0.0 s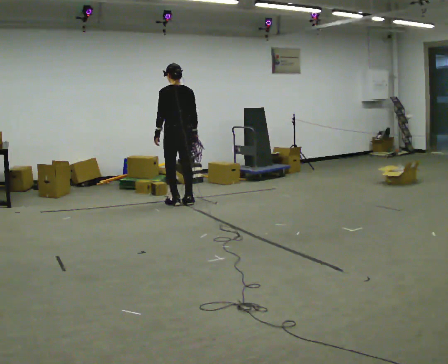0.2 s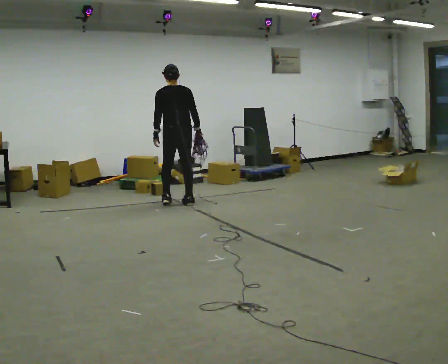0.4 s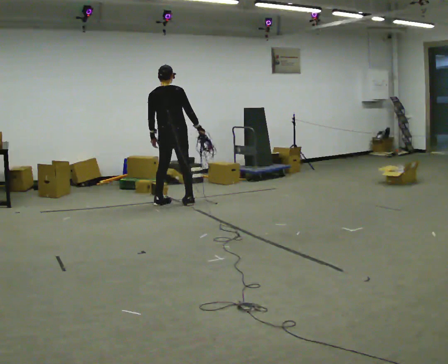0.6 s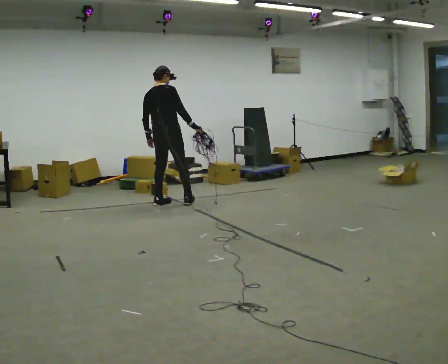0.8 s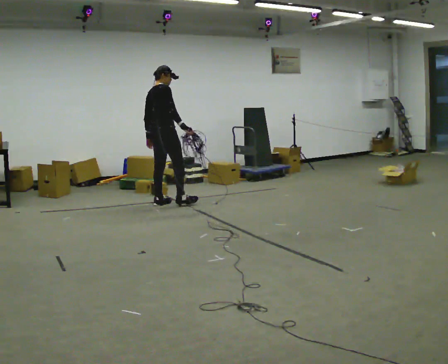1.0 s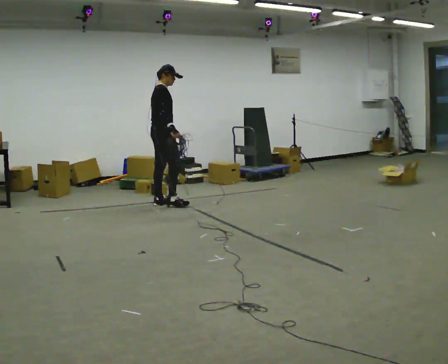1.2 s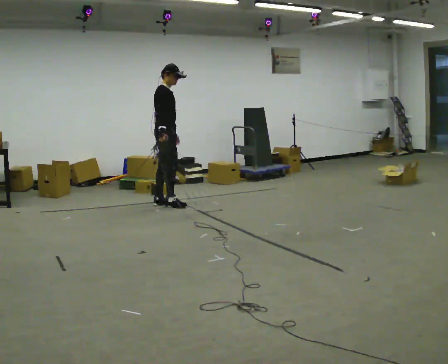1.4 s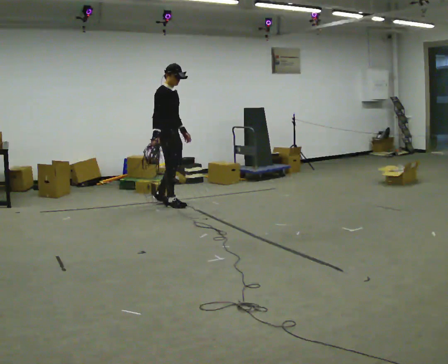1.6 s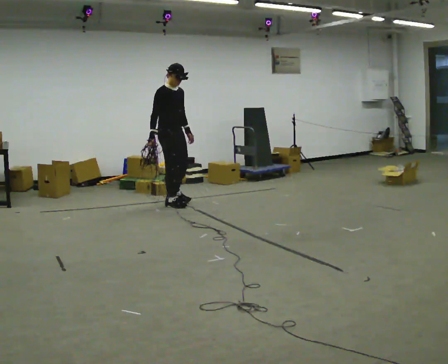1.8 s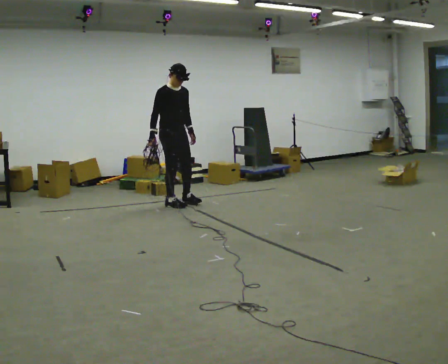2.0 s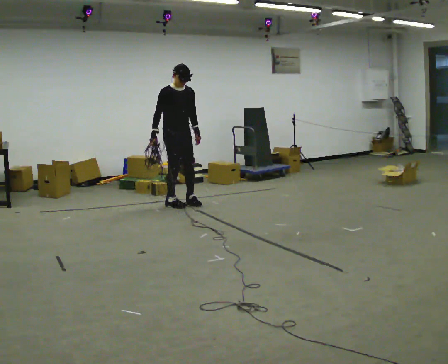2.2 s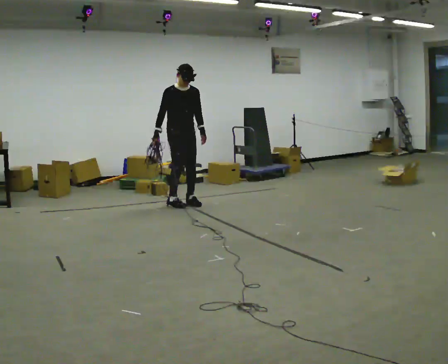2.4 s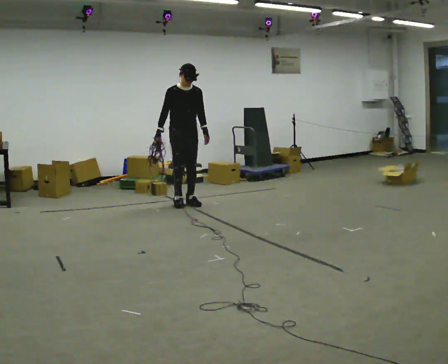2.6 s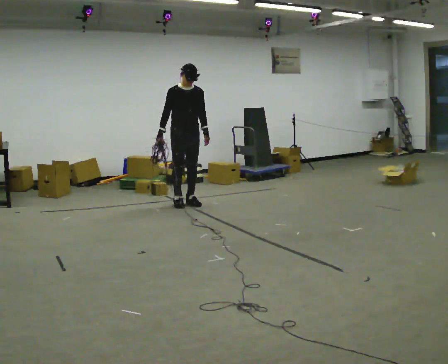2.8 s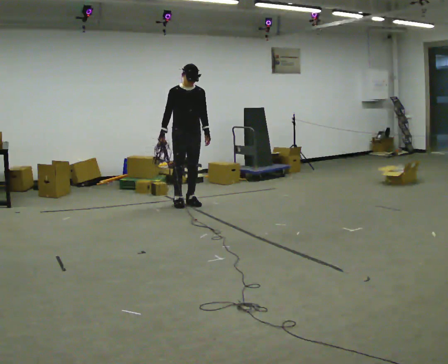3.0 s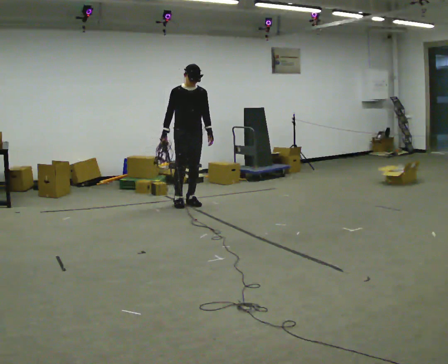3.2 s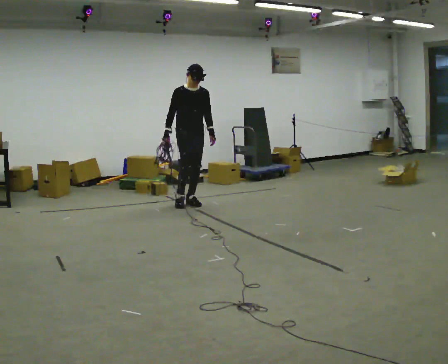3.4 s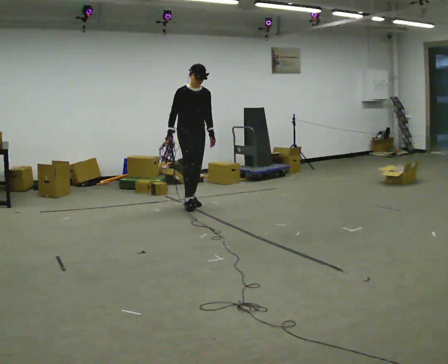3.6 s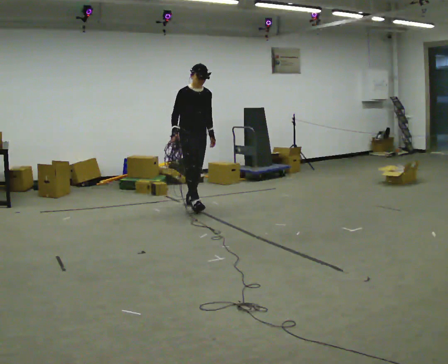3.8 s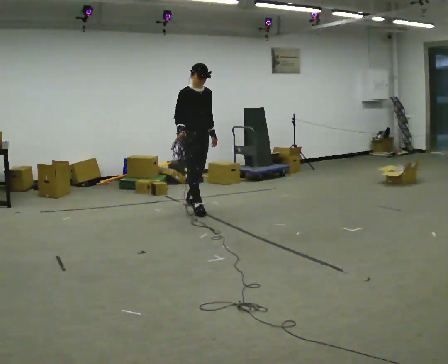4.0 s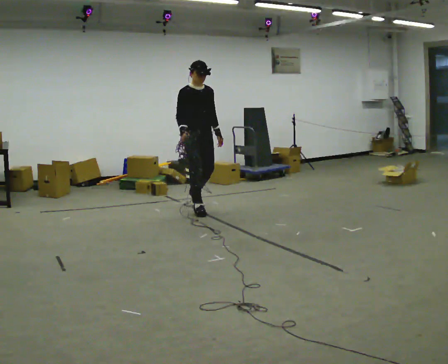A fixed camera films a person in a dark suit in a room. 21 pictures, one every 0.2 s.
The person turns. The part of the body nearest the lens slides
to the left.
The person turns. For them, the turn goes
to their right.
0.0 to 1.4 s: The part of the body nearest the lens slides to the left as the person turns to their right by about 120 degrees. In the picture their right hand goes to the left.
1.4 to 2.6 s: The part of the body nearest the lens slides to the left as the person turns to their right by about 45 degrees. In the picture they go to the right, about 0.25 m in 1 step, which for them is to their left.
2.6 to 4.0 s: In the picture they go toward the camera and to the right, about 0.5 m in 1 step, which for them is forward.
The film runs forward here.
